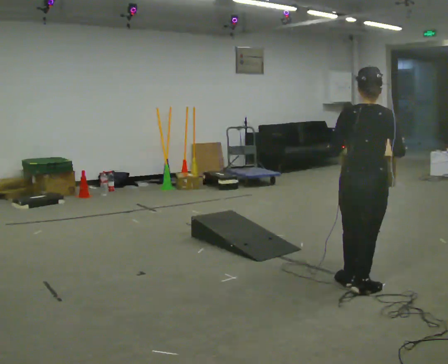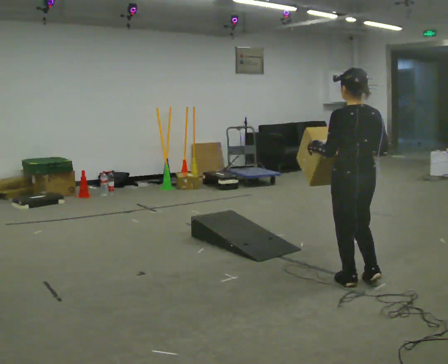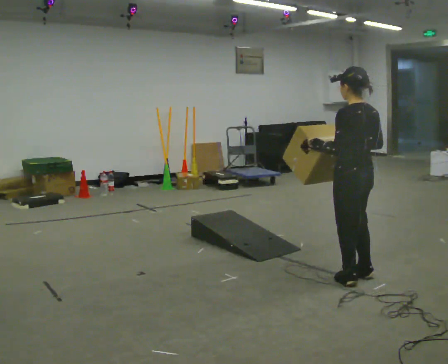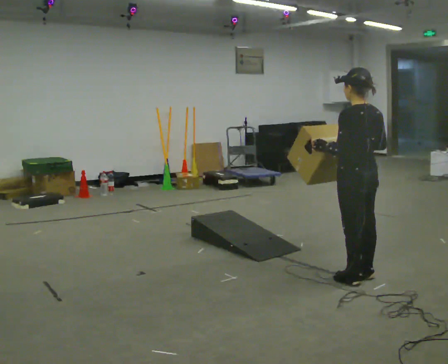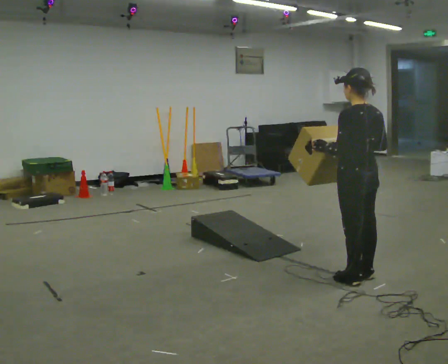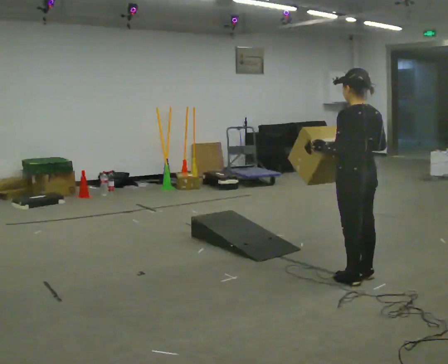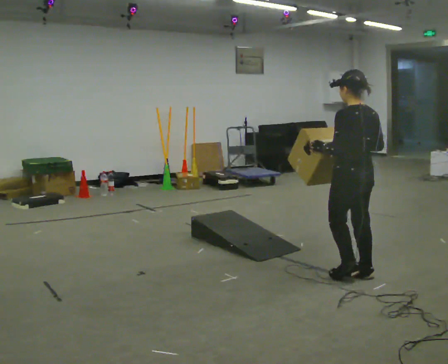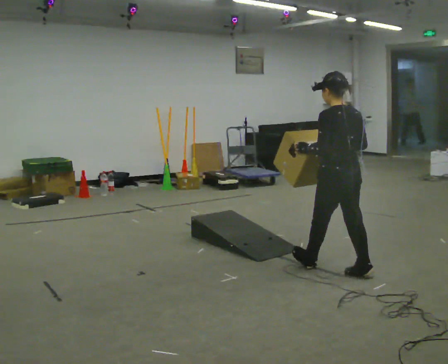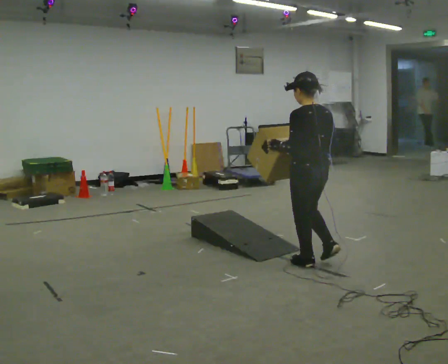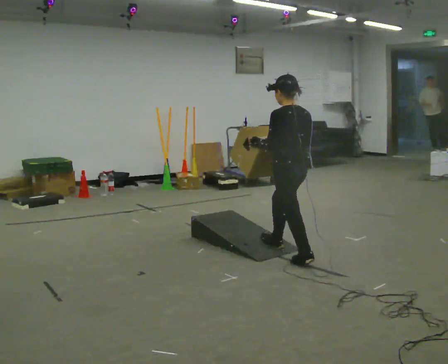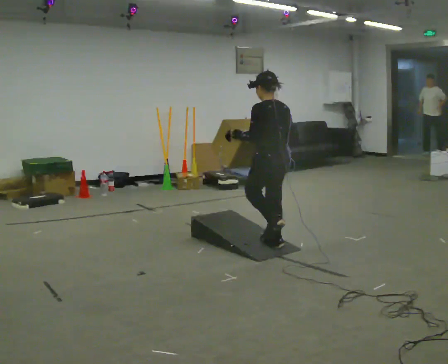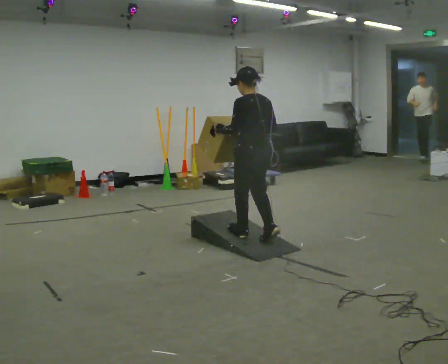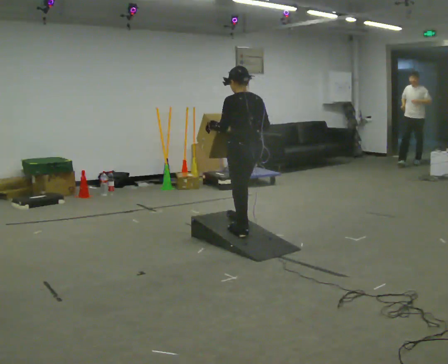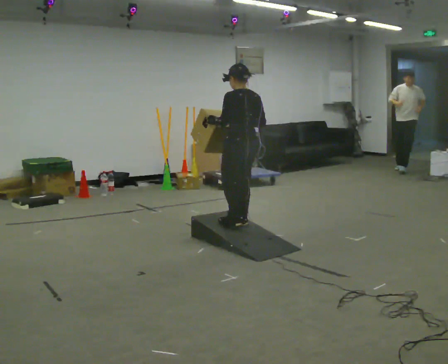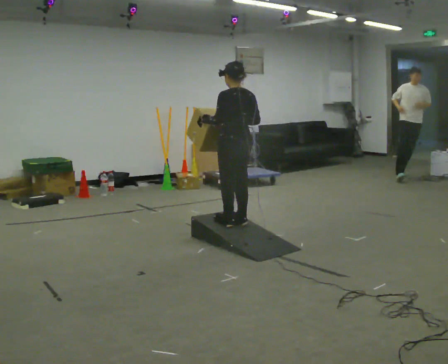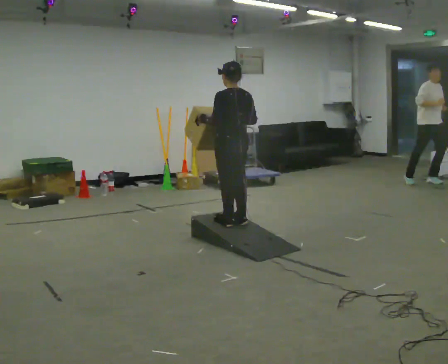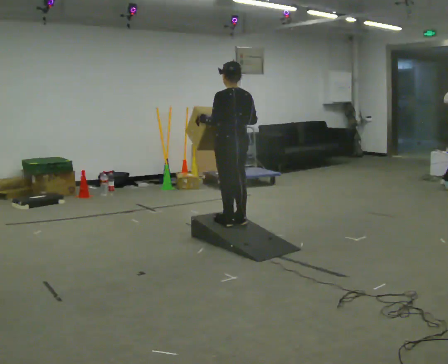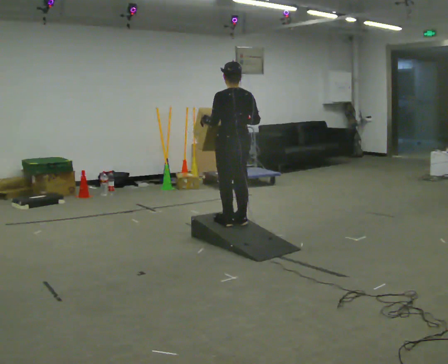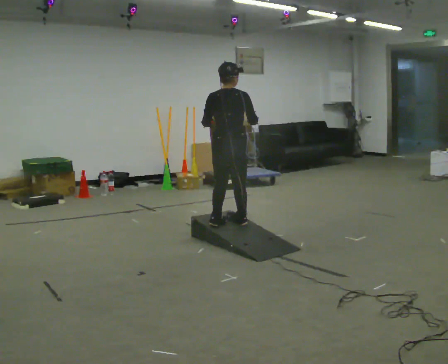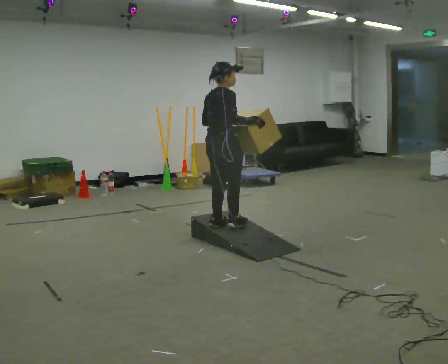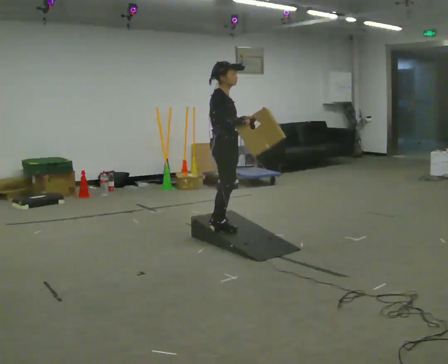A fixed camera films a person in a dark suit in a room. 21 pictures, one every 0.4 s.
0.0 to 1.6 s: Seen from above the body turns counterclockwise, about 45 degrees: to their left, with its near side sliding to the right. In the picture they go away from the camera, about 0.25 m in 1 step, which for them is forward and to their right.
1.6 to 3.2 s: In the picture they go away from the camera and to the left, about 0.5 m in 1 step, which for them is forward.
3.2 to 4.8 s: In the picture they go away from the camera and to the left, about 1 m in 3 steps, which for them is forward.
4.8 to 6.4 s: The person moves a little, or ends about where they began.
6.4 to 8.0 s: Seen from above the body turns clockwise, about 120 degrees: to their right, with its near side sliding to the left.
The film runs forward here.
